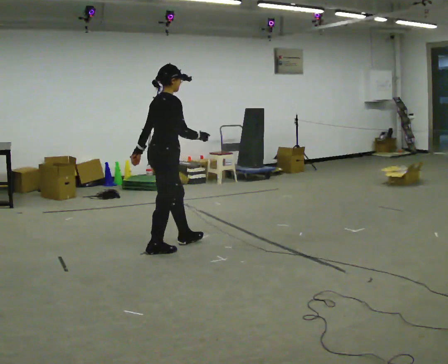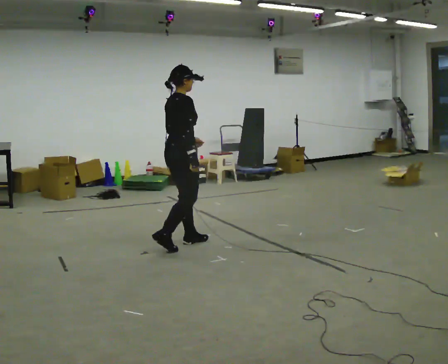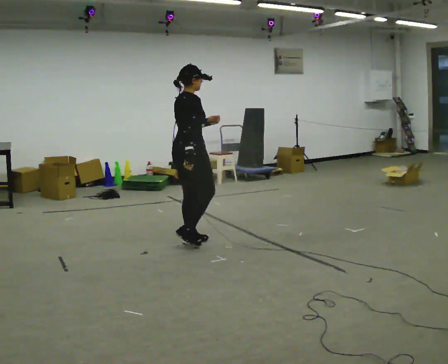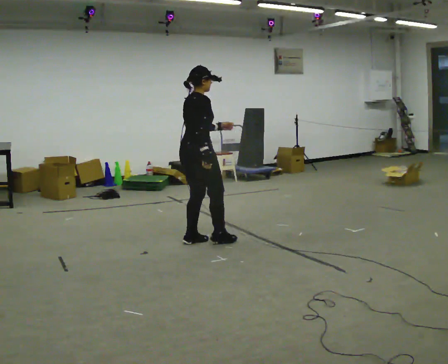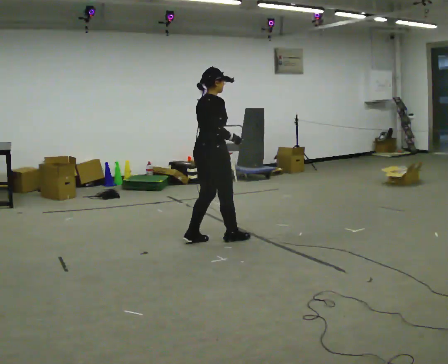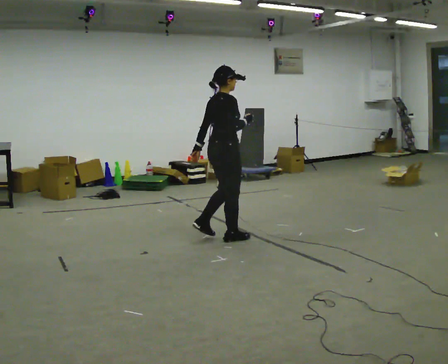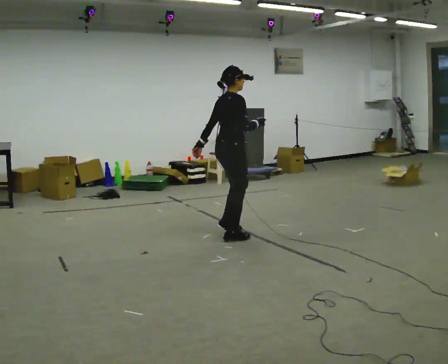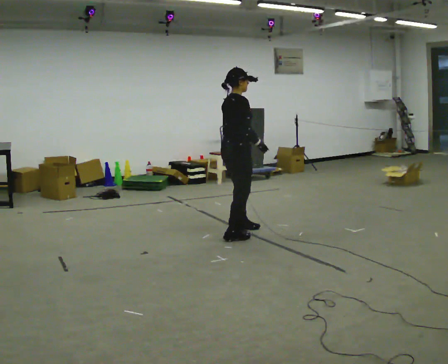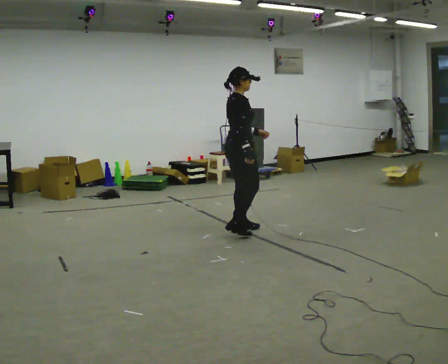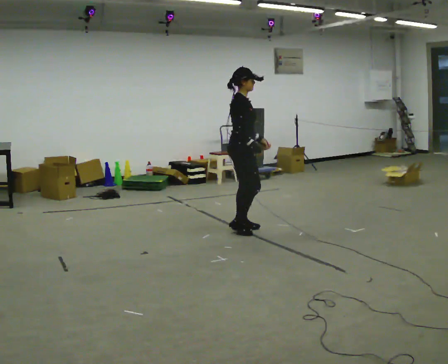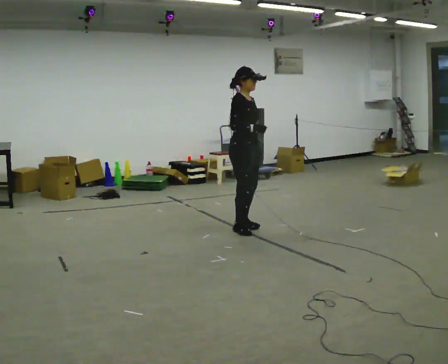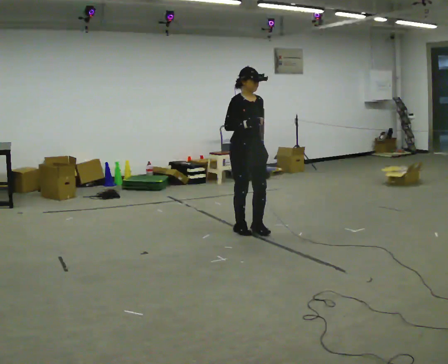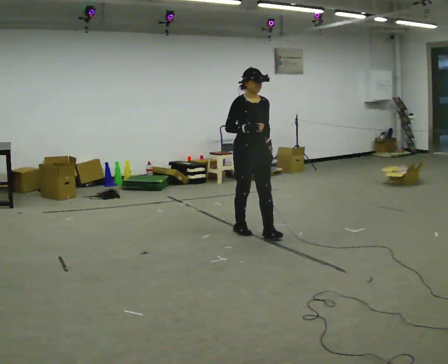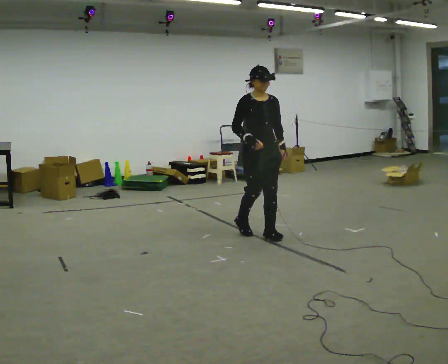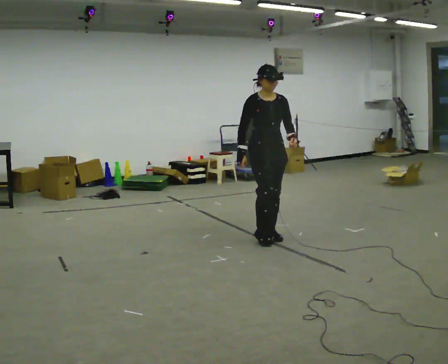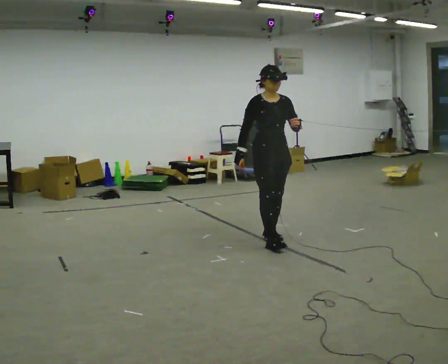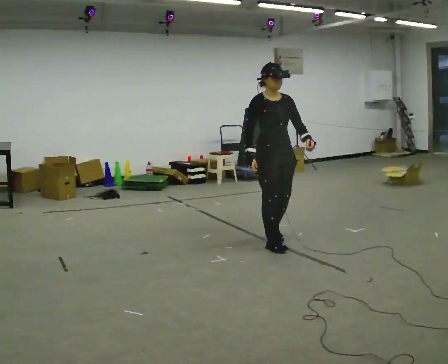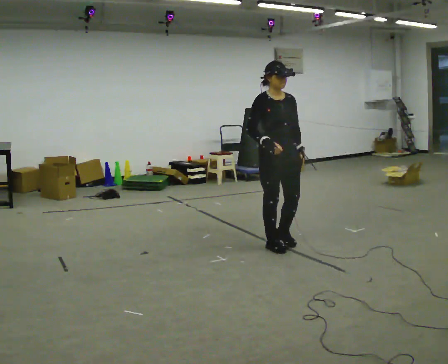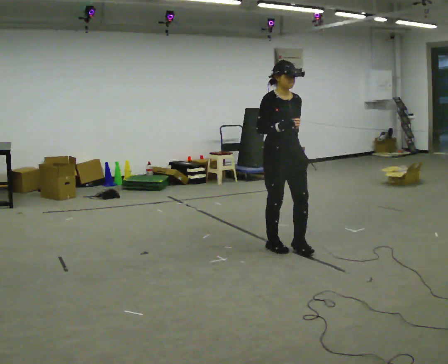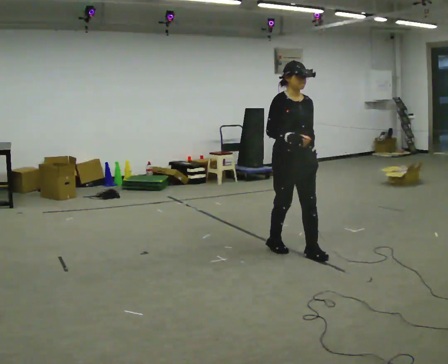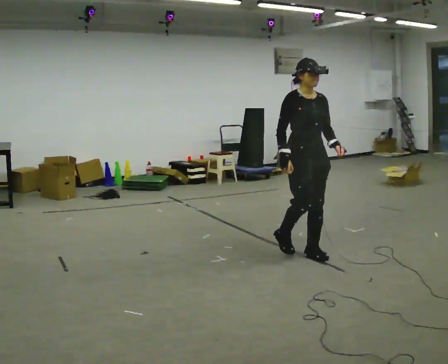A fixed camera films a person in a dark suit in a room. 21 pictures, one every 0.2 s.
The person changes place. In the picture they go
to the right.
The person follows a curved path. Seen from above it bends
clockwise.
0.0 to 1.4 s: In the picture they go to the right and away from the camera, about 1 m in 2 steps, which for them is forward.
1.4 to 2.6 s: The part of the body nearest the lens slides to the left as the person turns to their right by about 90 degrees. In the picture they go to the right, about 0.25 m in 3 steps. In the picture their left hand goes to the right.
2.6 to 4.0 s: In the picture they go toward the camera and to the right, about 0.5 m in 2 steps, which for them is forward.
The film runs backward here.
